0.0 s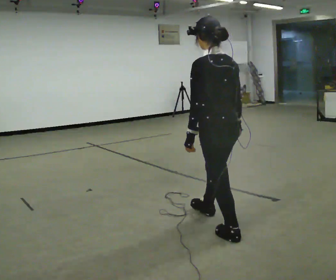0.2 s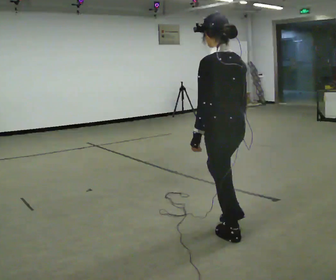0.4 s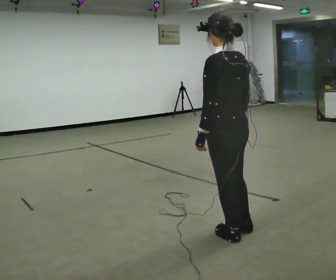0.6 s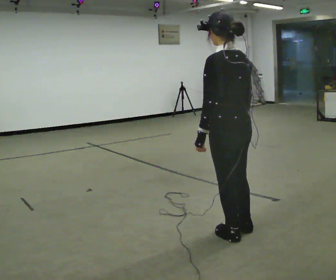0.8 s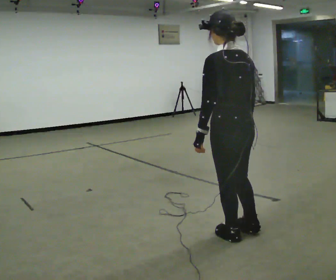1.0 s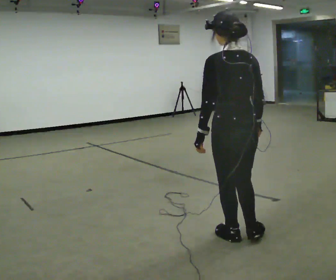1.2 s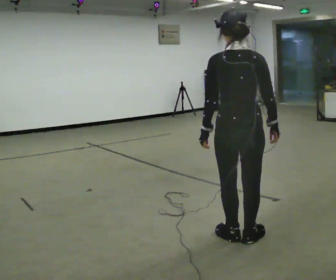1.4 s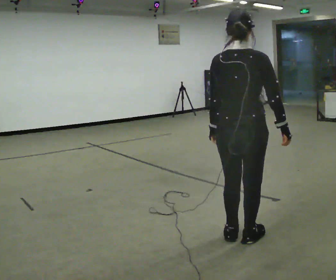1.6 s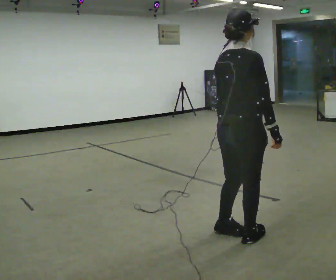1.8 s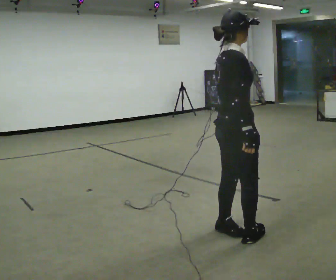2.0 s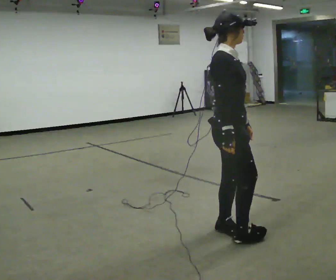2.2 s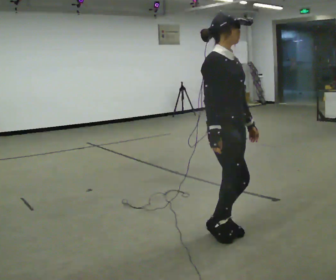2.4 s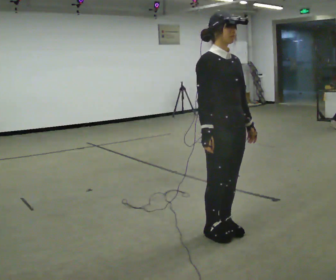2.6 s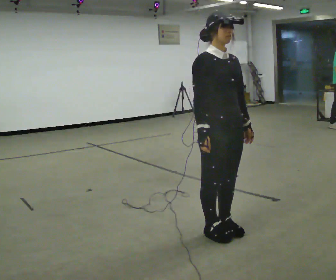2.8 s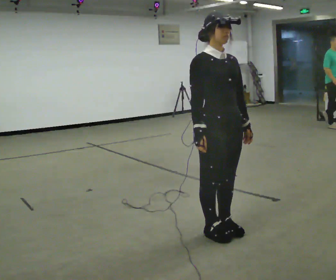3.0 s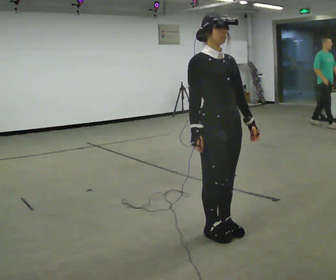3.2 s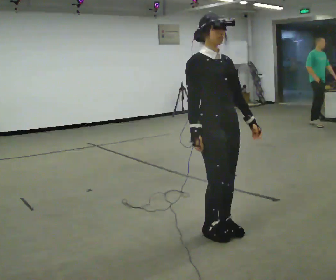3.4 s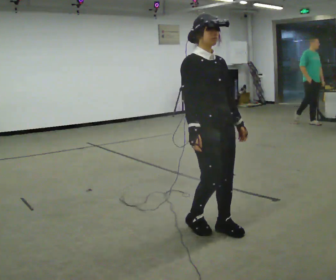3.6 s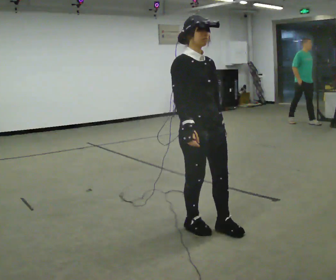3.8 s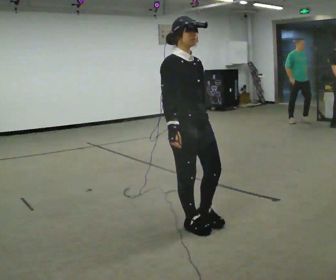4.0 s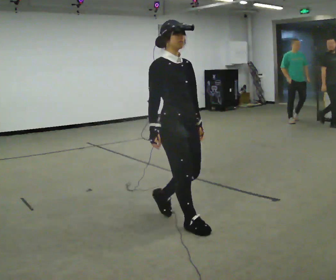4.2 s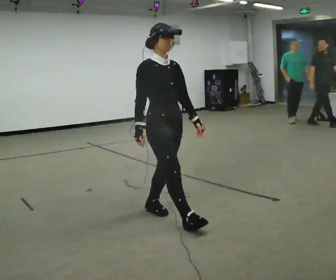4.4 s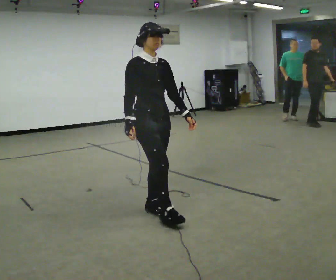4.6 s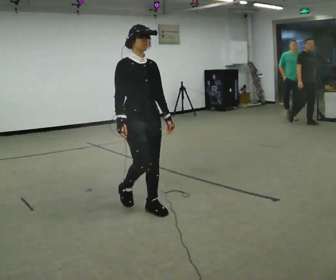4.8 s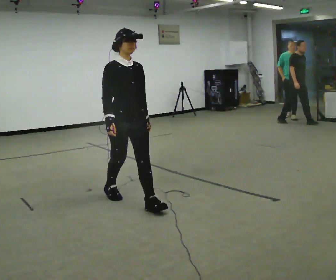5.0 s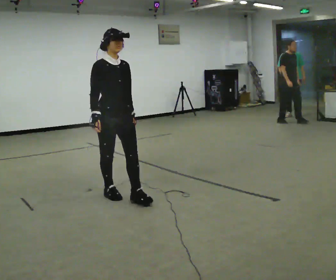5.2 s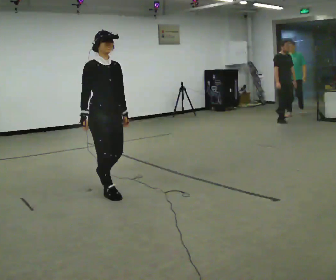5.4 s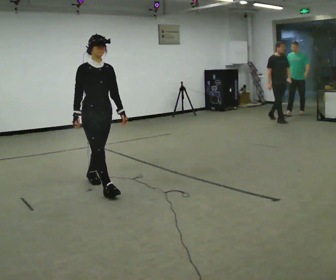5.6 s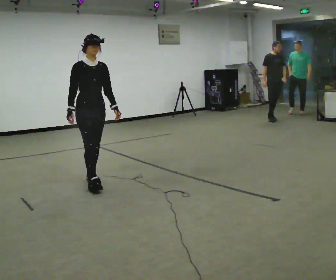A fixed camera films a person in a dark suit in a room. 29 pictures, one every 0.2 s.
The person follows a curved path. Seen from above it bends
clockwise.
0.0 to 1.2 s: The part of the body nearest the lens slides to the left as the person turns to their right by about 45 degrees. In the picture they go toward the camera, about 0.25 m in 1 step, which for them is backward.
1.2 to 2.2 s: The person turns about 135 degrees to their right, clockwise seen from above, so the part of the body nearest the lens slides to the left. In the picture their left hand goes to the right, the arm swinging counterclockwise.
2.2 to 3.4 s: The person moves a little, or ends about where they began.
3.4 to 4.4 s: In the picture they go to the left and away from the camera, about 0.75 m in 2 steps, which for them is backward.
4.4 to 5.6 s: In the picture they go to the left and away from the camera, about 1 m in 2 steps, which for them is backward.
The film runs backward here.
